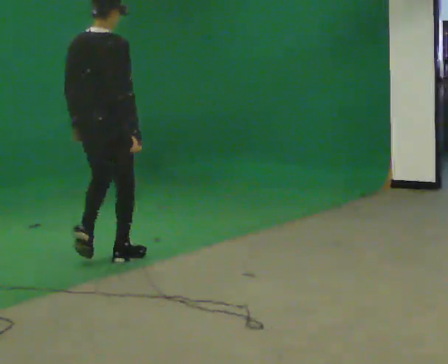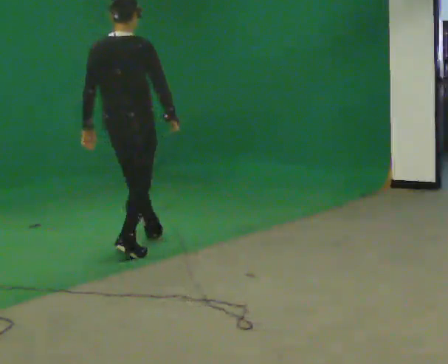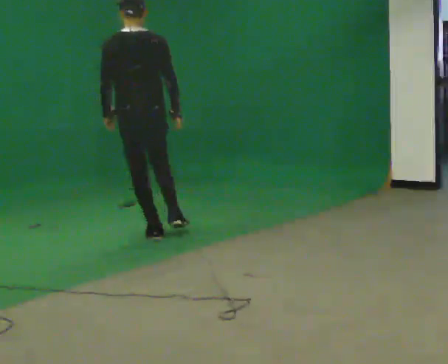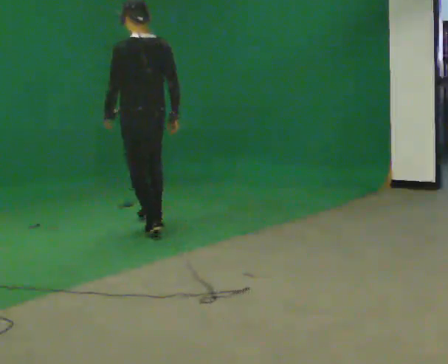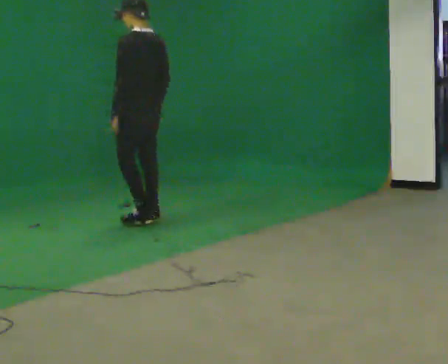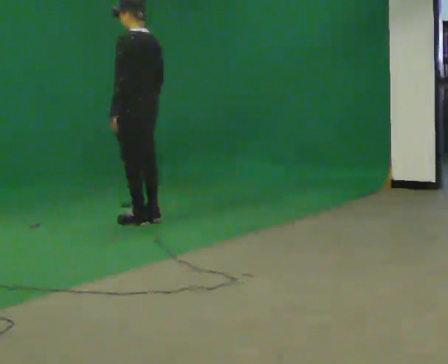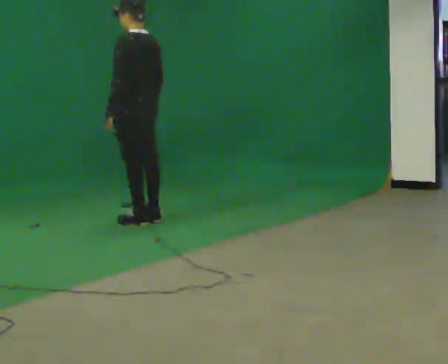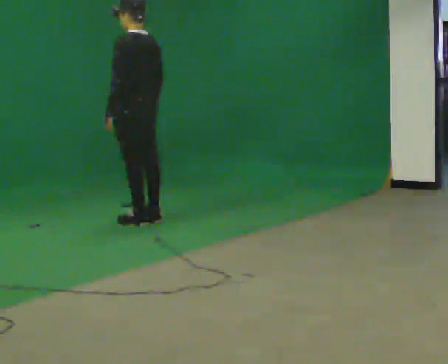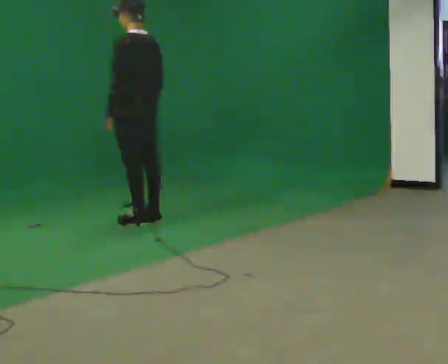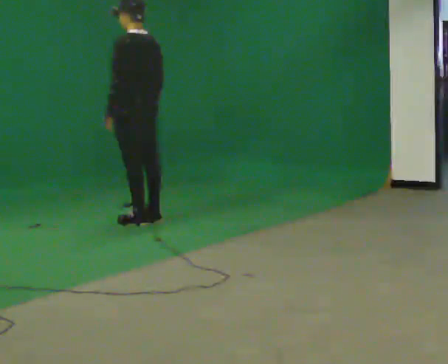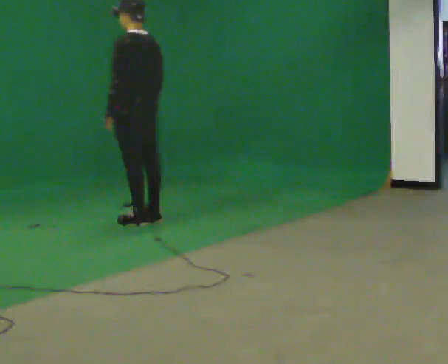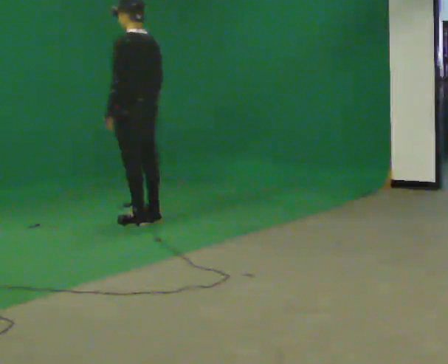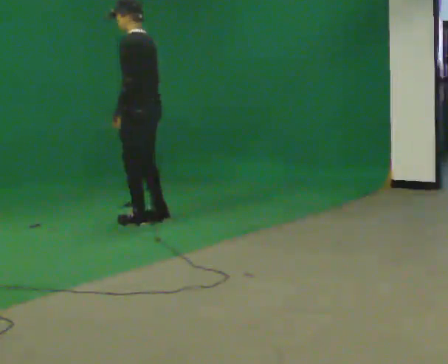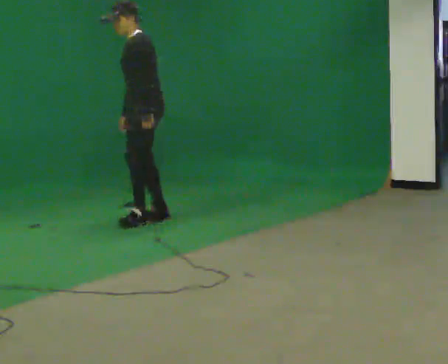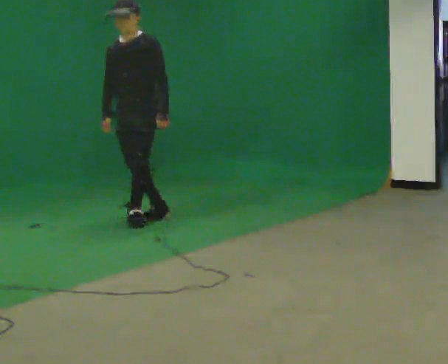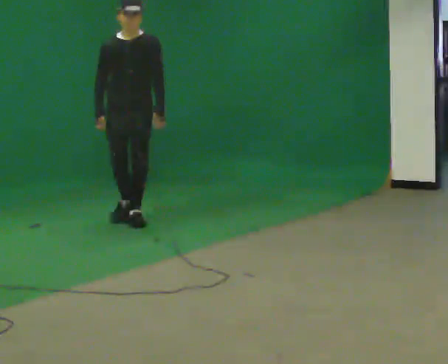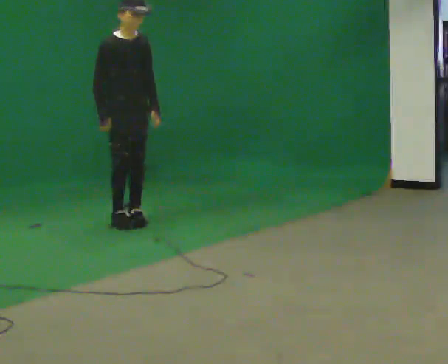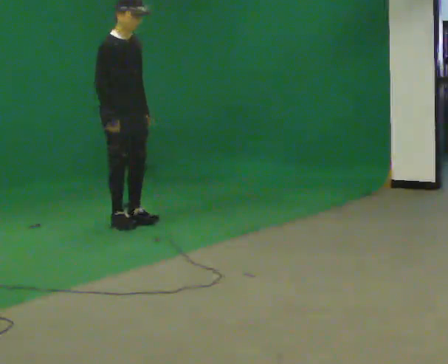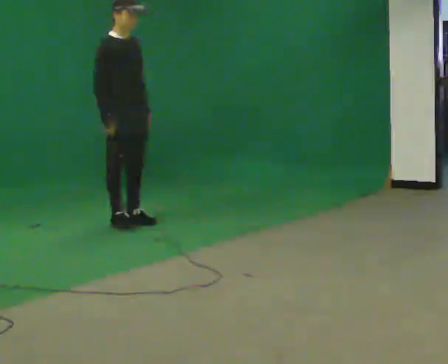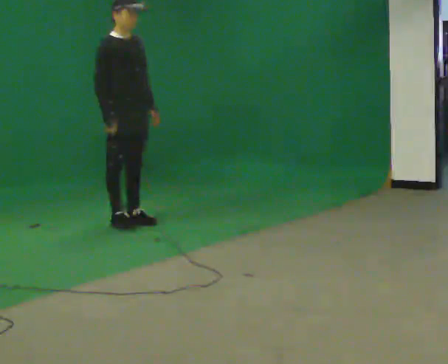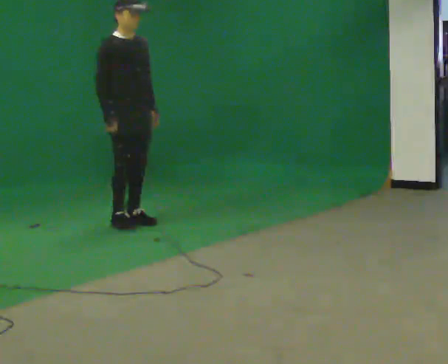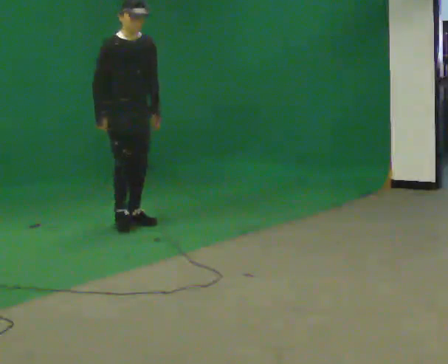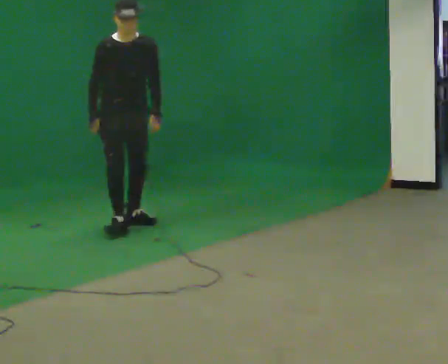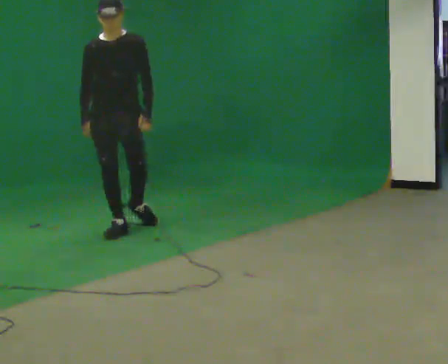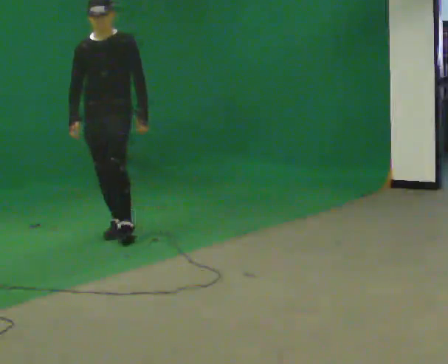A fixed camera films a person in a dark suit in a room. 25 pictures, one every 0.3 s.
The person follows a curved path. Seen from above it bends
counterclockwise.
0.0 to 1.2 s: The person turns about 75 degrees to their left, counterclockwise seen from above, so the part of the body nearest the lens slides to the right. In the picture they go away from the camera, about 1 m in 2 steps.
1.2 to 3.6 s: The person moves a little, or ends about where they began.
3.6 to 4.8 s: The part of the body nearest the lens slides to the right as the person turns to their left by about 150 degrees. In the picture they go to the left, about 0.25 m in 1 step.
4.8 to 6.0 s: The person moves a little, or ends about where they began.
6.0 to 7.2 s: The part of the body nearest the lens slides to the left as the person turns to their right by about 60 degrees. In the picture they go toward the camera, about 0.5 m in 1 step.
The film runs forward here.
